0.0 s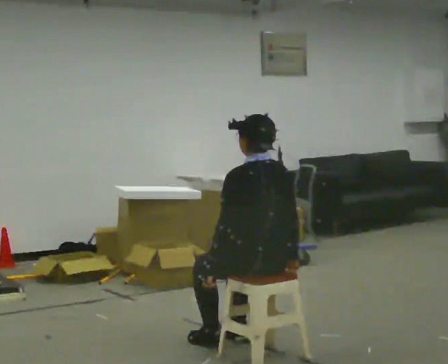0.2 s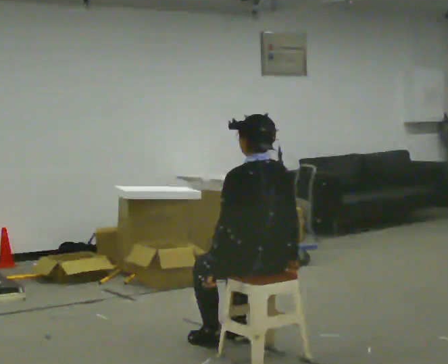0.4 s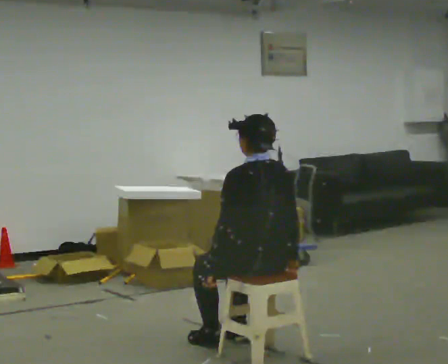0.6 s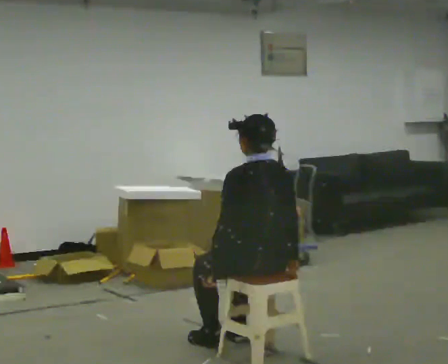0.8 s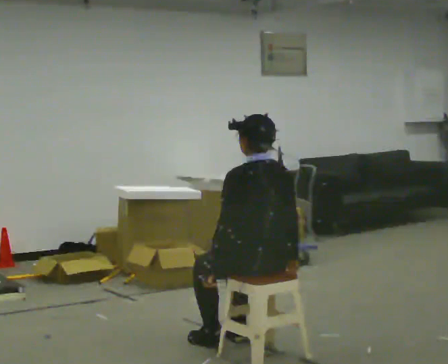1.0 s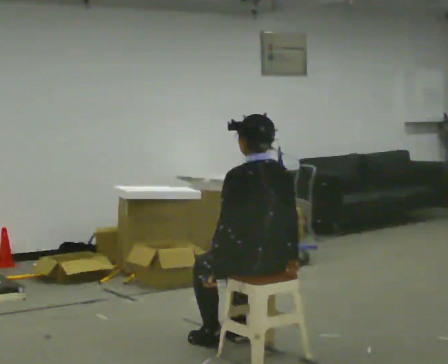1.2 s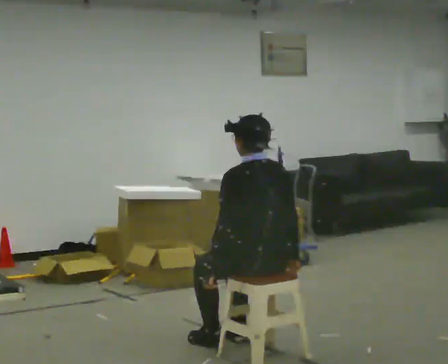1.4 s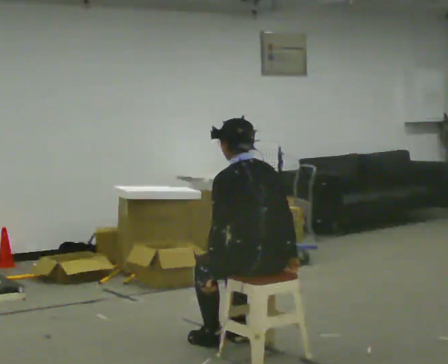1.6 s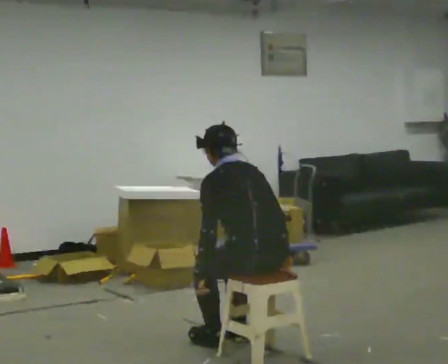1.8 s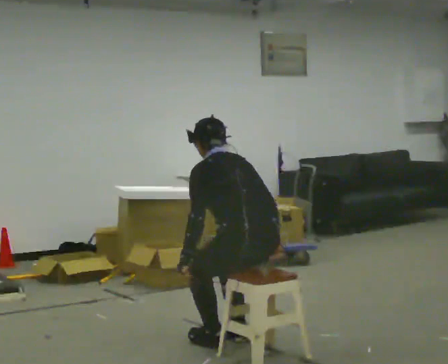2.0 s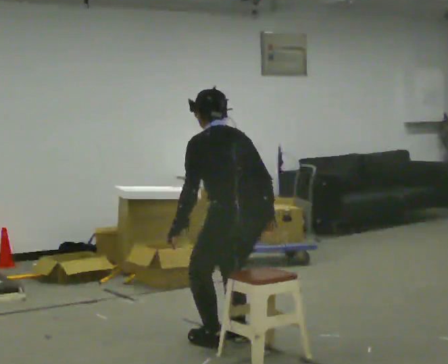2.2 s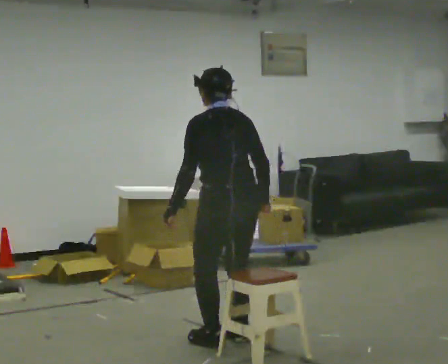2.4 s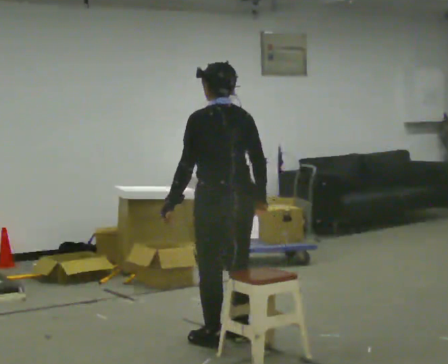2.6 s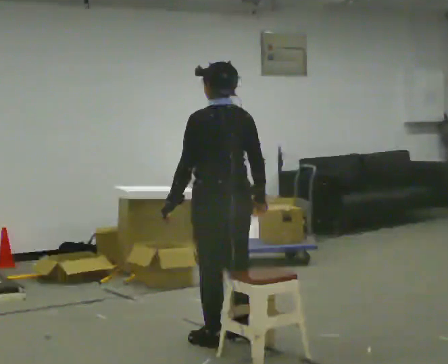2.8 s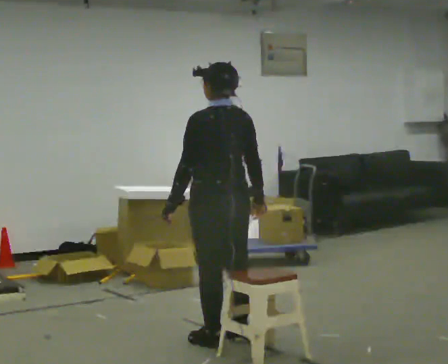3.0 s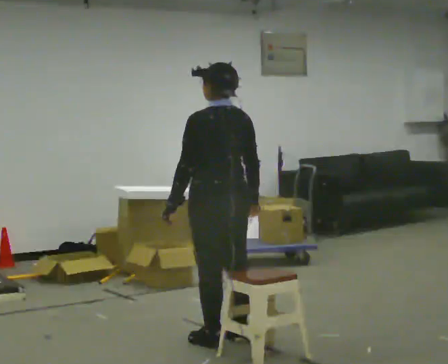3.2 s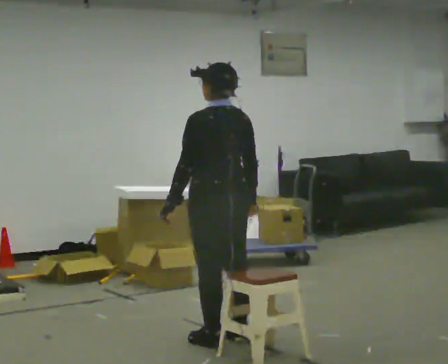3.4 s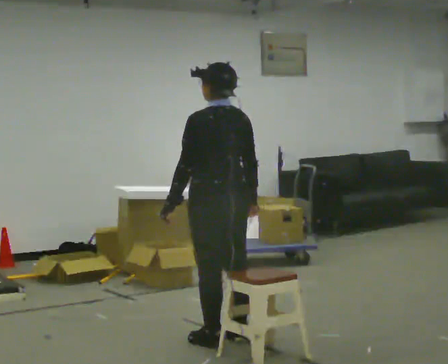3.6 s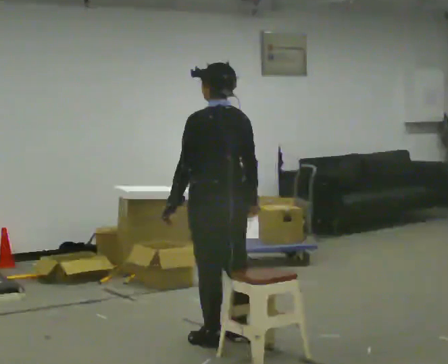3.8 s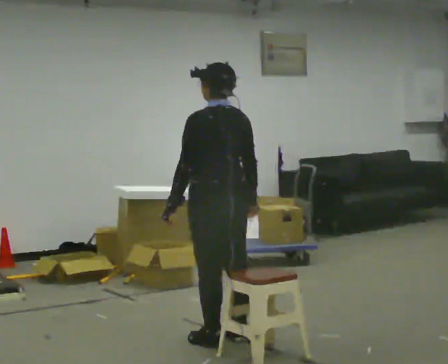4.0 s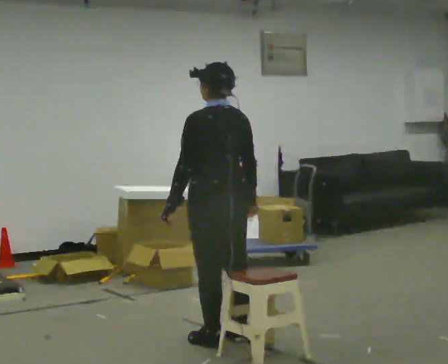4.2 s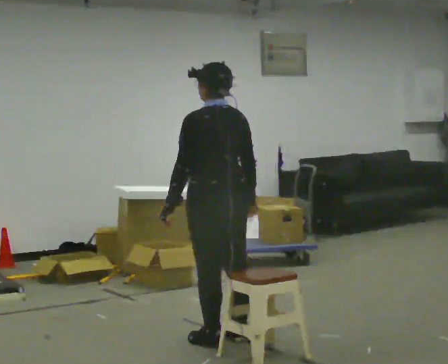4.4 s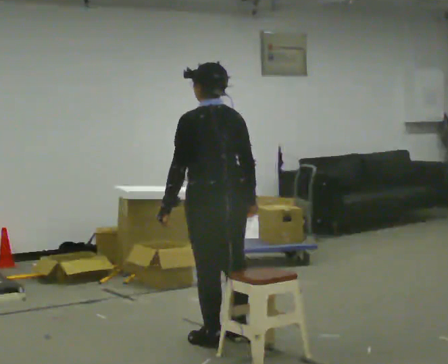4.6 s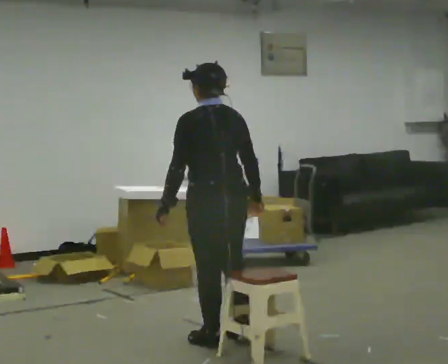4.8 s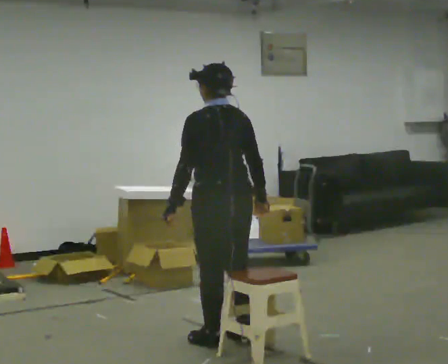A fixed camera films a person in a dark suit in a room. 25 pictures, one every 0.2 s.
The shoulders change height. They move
upward.
0.0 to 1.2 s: The person keeps their place and pose.
1.2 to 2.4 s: In the picture they go away from the camera and to the left, about 0.25 m, which for them is forward. The upper body goes upward. In the picture their left hand goes upward.
2.4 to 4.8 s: The person moves a little, or ends about where they began.
The film runs forward here.
